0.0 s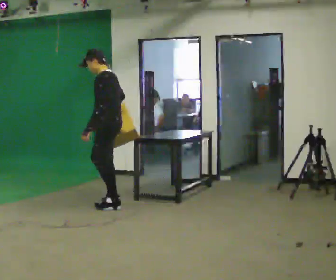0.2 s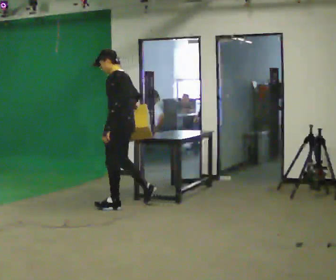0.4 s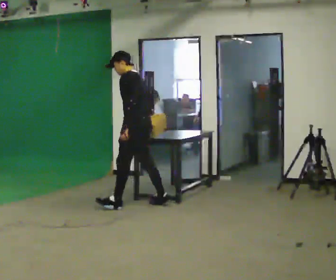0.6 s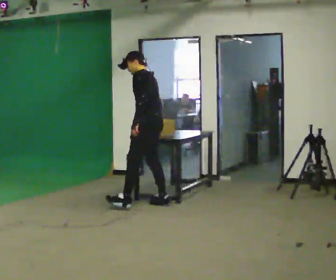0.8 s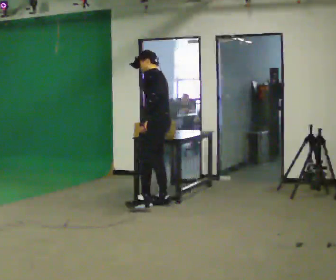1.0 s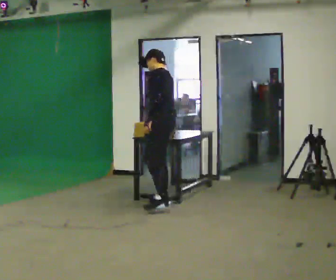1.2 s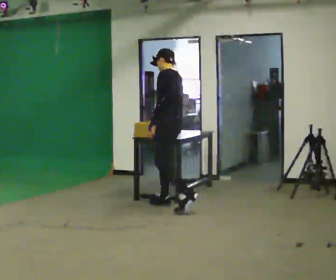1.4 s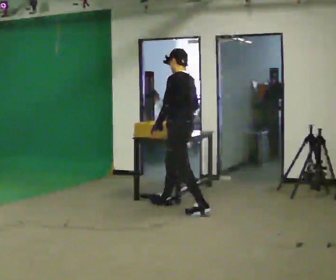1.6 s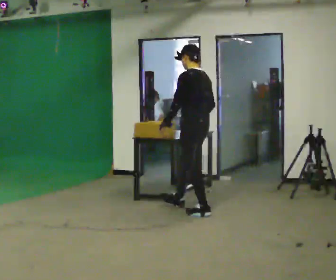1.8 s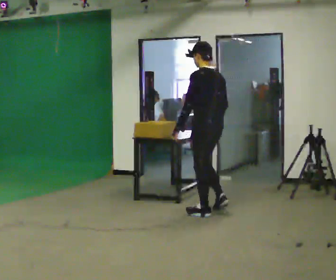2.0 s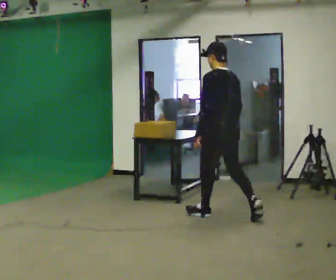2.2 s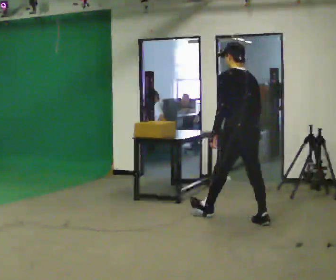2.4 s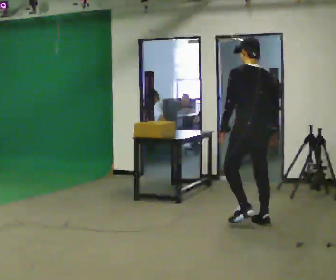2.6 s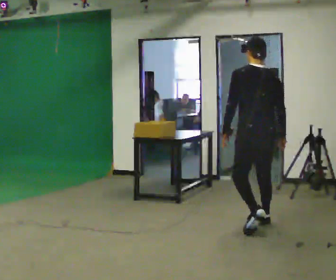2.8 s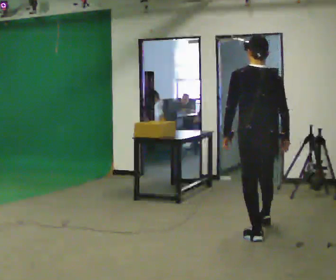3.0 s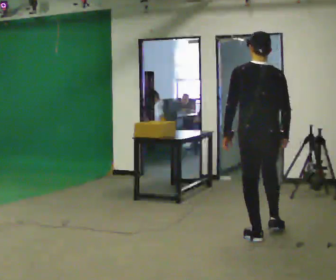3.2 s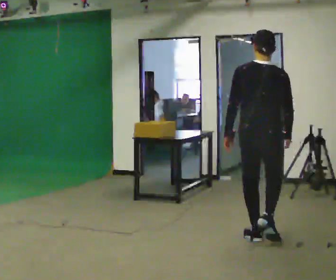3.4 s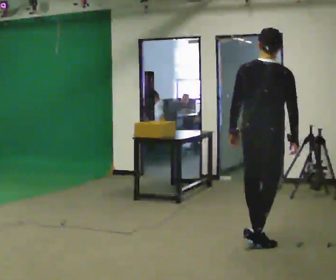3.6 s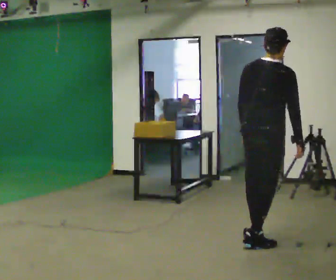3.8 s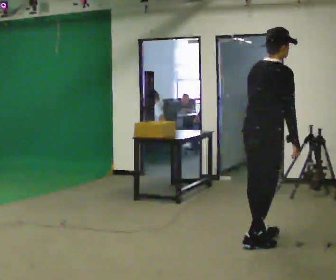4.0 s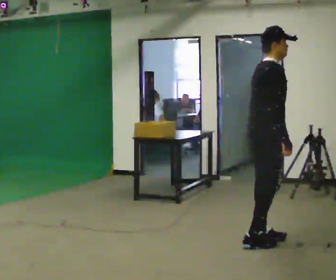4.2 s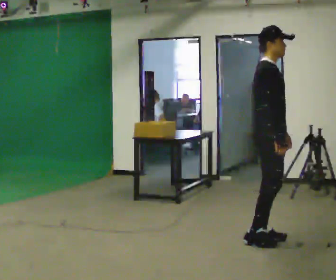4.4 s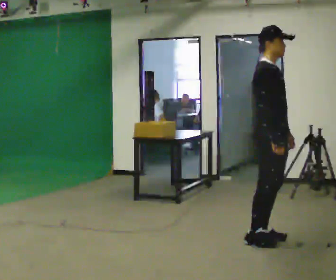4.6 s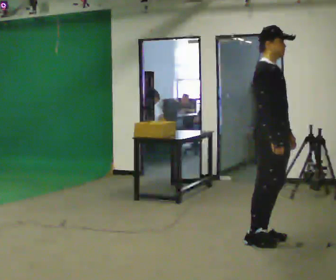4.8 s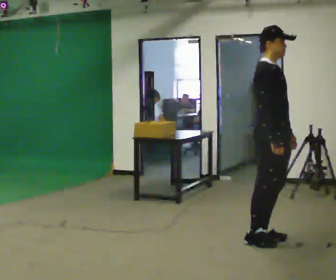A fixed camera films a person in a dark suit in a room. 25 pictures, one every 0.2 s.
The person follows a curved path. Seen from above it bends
clockwise.
The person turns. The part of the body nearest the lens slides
to the left.
0.0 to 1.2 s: In the picture they go to the right, about 0.75 m in 1 step, which for them is backward.
1.2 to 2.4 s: The person turns about 45 degrees to their right, clockwise seen from above, so the part of the body nearest the lens slides to the left. In the picture they go to the right and toward the camera, about 1 m in 2 steps, which for them is backward.
2.4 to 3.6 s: The person turns about 60 degrees to their right, clockwise seen from above, so the part of the body nearest the lens slides to the left. In the picture they go toward the camera, about 0.75 m in 1 step, which for them is backward. In the picture the upper body tilts clockwise, shoulders to the right.
3.6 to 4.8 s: Seen from above the body turns clockwise, about 90 degrees: to their right, with its near side sliding to the left. In the picture their left hand goes to the right.
The film runs backward here.
